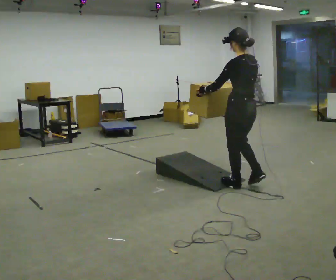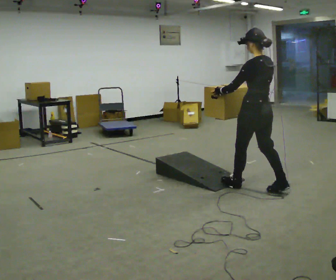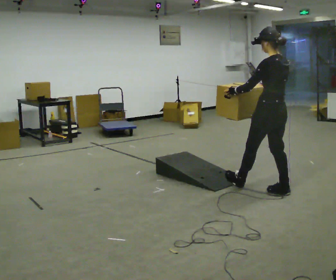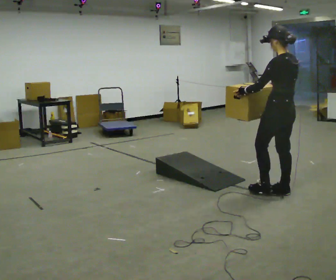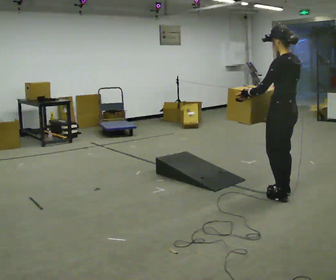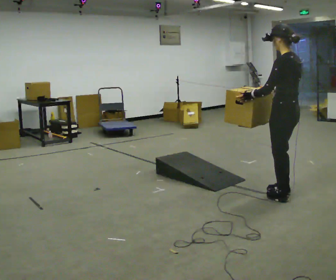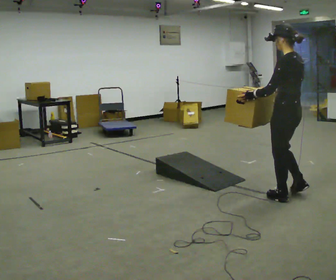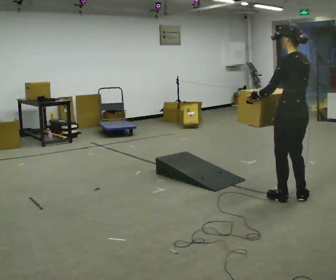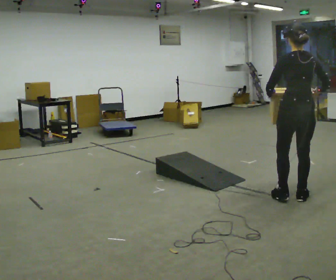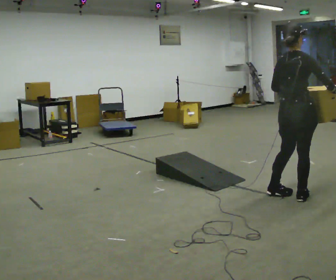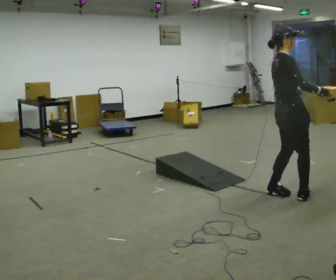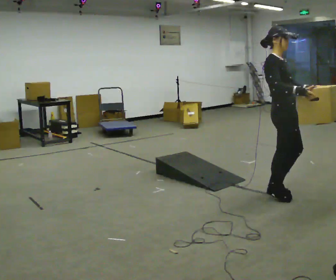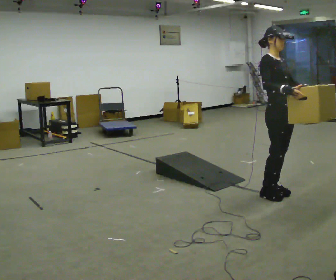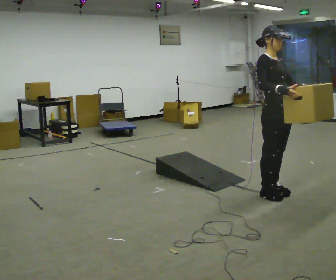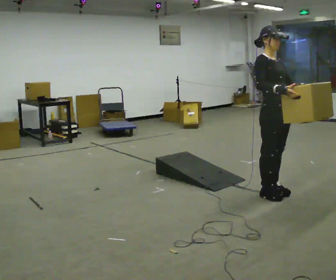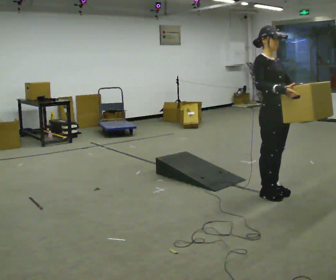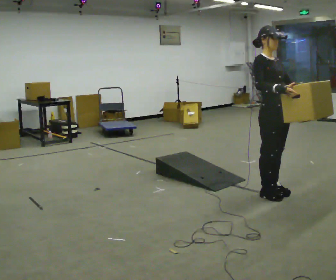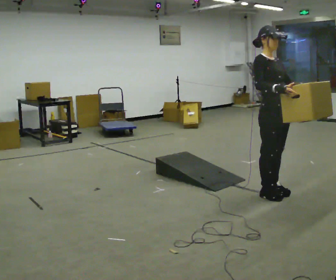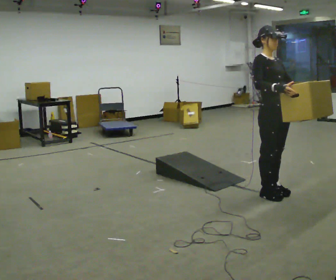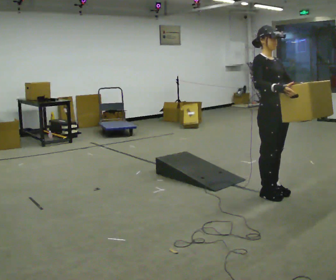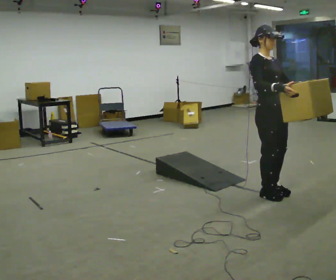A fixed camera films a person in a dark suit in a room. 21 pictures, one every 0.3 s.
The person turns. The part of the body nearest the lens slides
to the left.
Their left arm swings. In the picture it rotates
counterclockwise.
0.0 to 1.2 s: In the picture they go to the right and toward the camera, about 0.5 m in 1 step, which for them is backward.
1.2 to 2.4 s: The person turns about 45 degrees to their right, clockwise seen from above, so the part of the body nearest the lens slides to the left. In the picture their right hand goes to the right.
2.4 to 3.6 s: The person turns about 135 degrees to their right, clockwise seen from above, so the part of the body nearest the lens slides to the left. In the picture they go away from the camera, about 0.25 m in 2 steps. In the picture the upper body tilts counterclockwise, shoulders to the left. In the picture their right hand goes to the left.
3.6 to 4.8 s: The person moves a little, or ends about where they began.
4.8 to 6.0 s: The person keeps their place and pose.
The film runs backward here.
